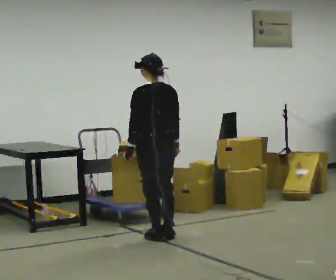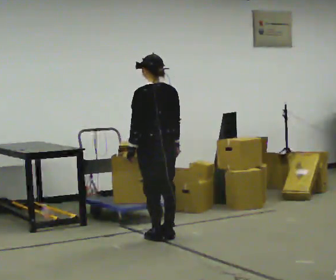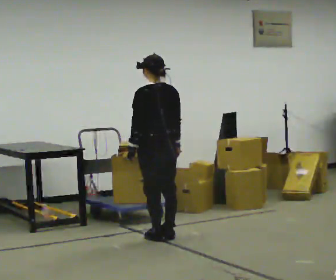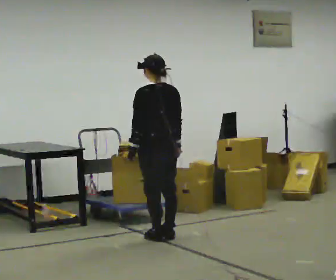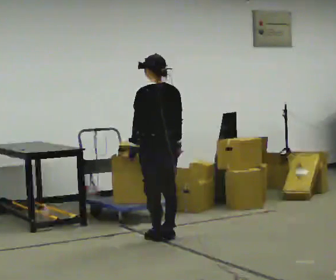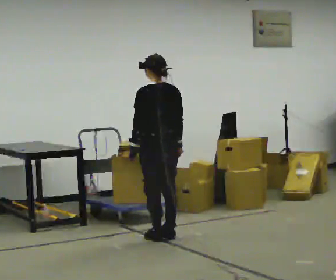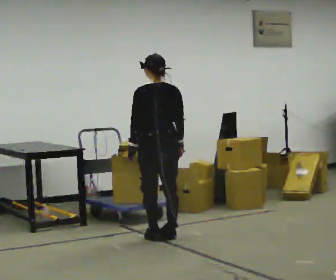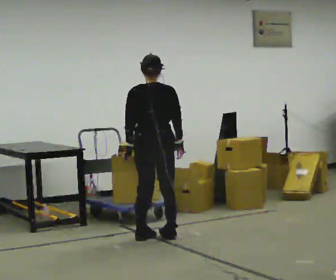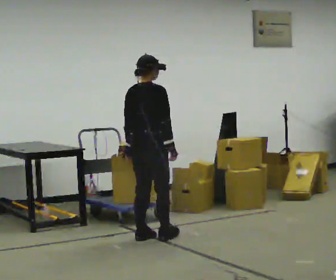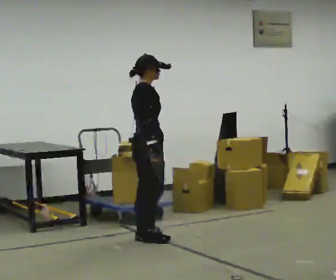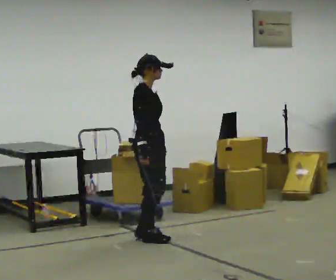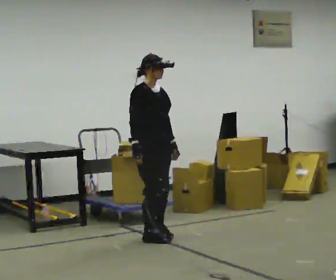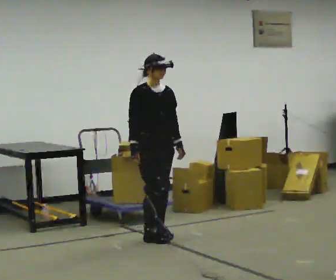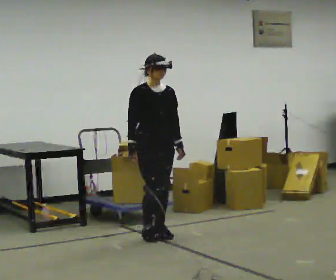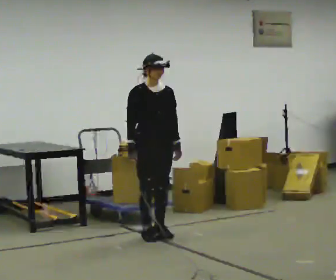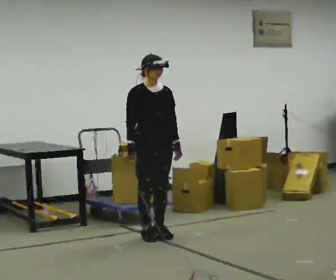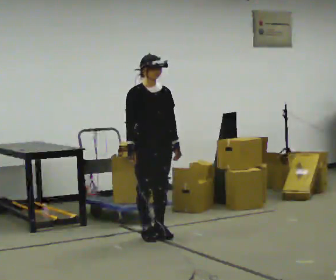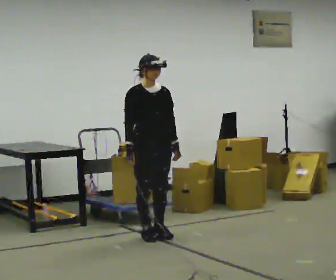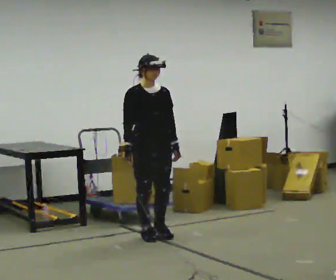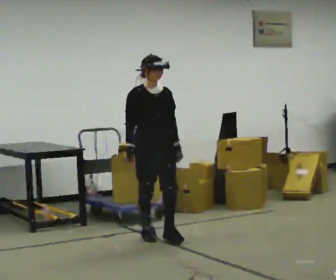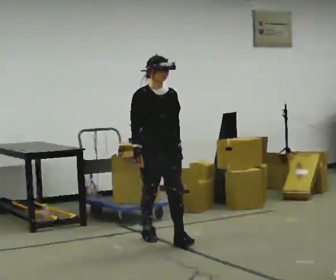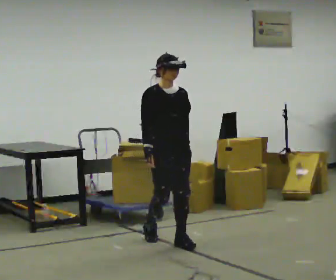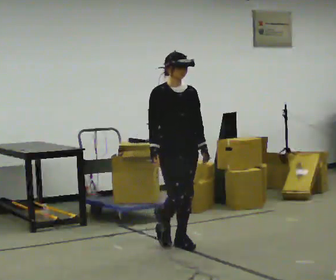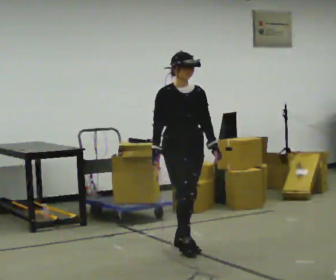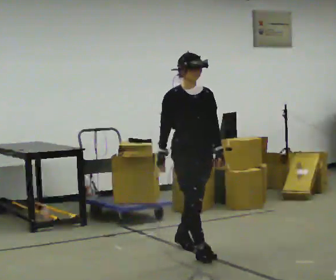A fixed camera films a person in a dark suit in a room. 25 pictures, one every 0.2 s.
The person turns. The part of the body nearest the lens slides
to the left.
The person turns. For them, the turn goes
to their right.
0.0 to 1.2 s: The person moves a little, or ends about where they began.
1.2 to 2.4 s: The person turns about 165 degrees to their right, clockwise seen from above, so the part of the body nearest the lens slides to the left. In the picture their right hand goes to the left.
2.4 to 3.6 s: The person moves a little, or ends about where they began.
3.6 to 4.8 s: In the picture they go toward the camera and to the right, about 0.75 m in 2 steps, which for them is forward.
The film runs forward here.
